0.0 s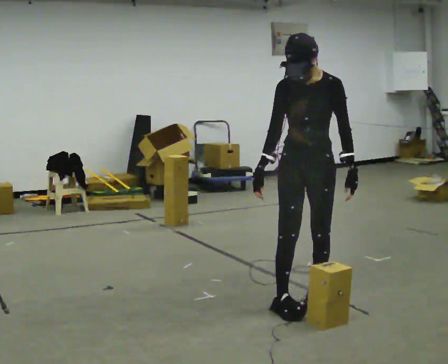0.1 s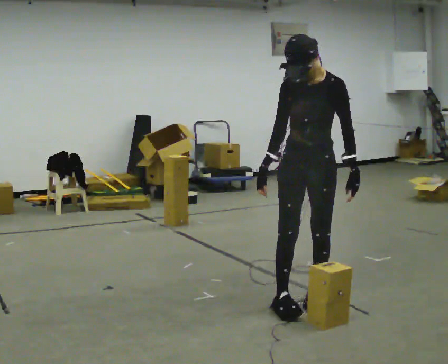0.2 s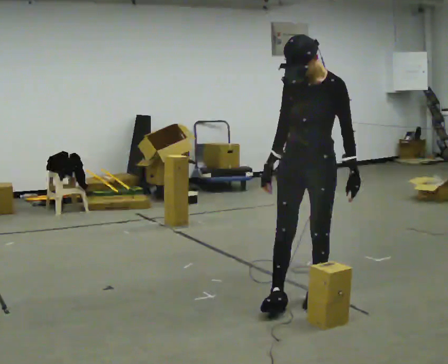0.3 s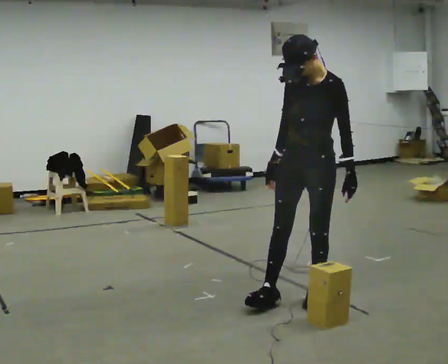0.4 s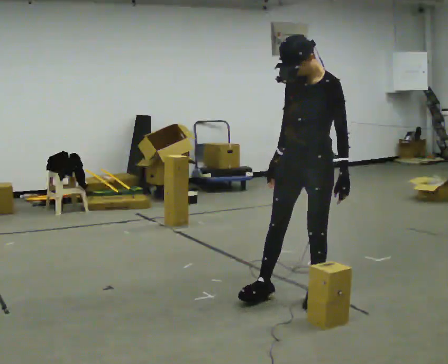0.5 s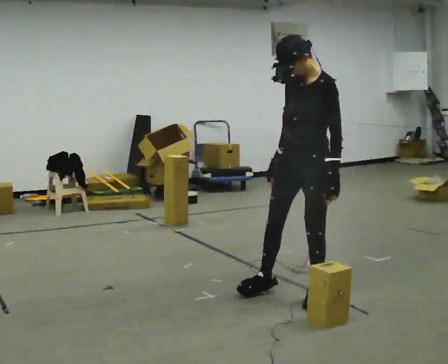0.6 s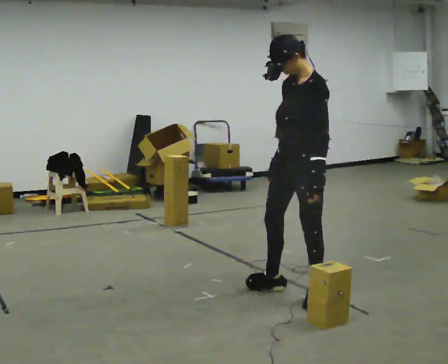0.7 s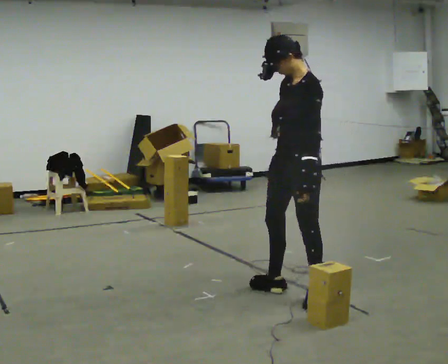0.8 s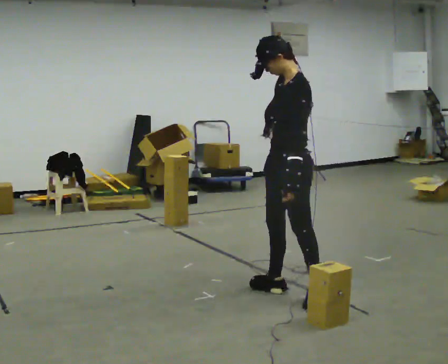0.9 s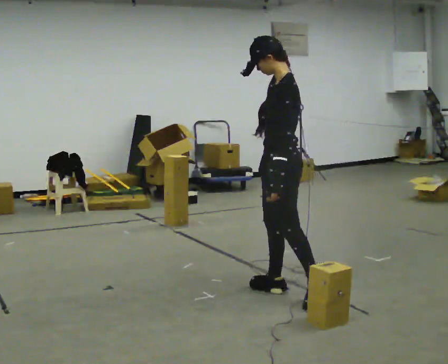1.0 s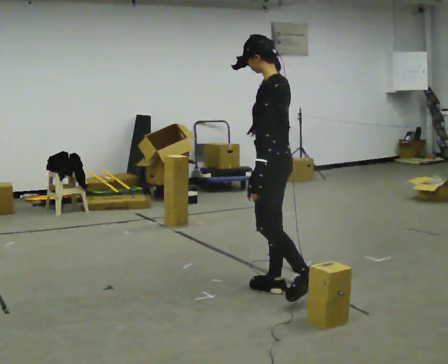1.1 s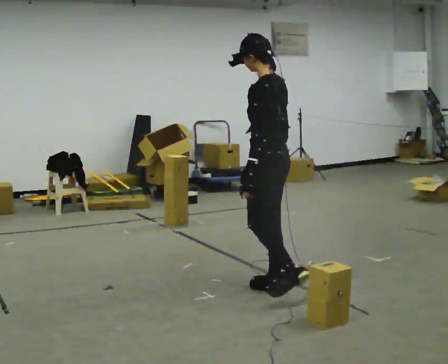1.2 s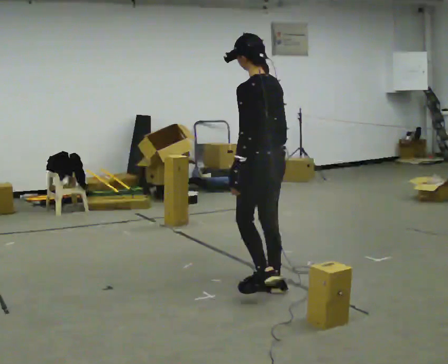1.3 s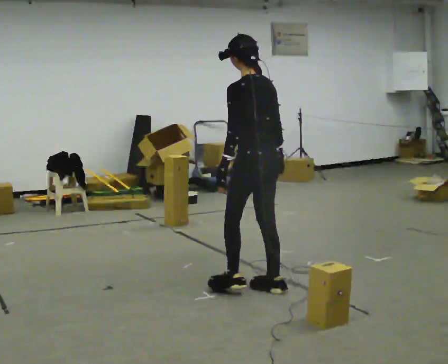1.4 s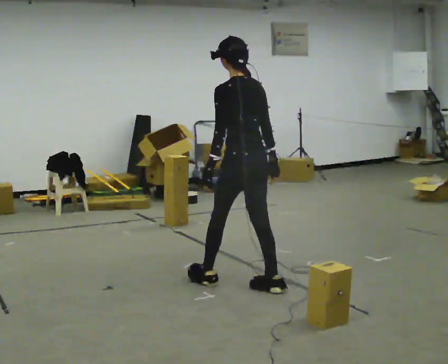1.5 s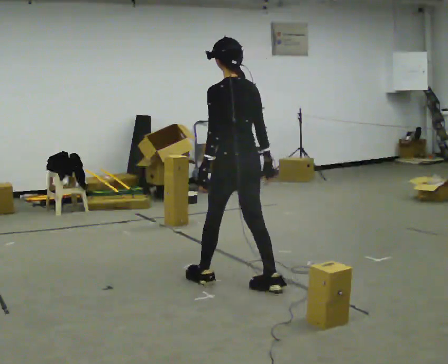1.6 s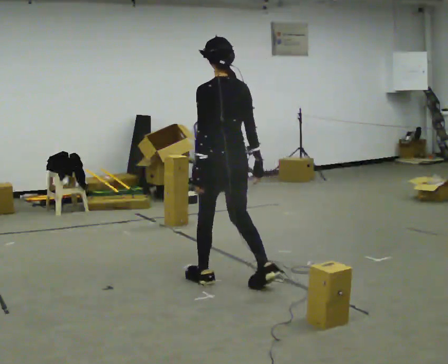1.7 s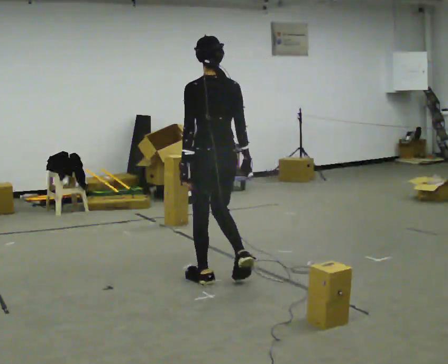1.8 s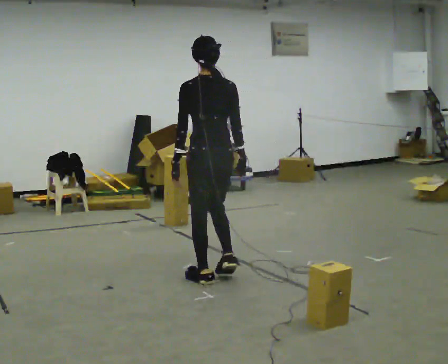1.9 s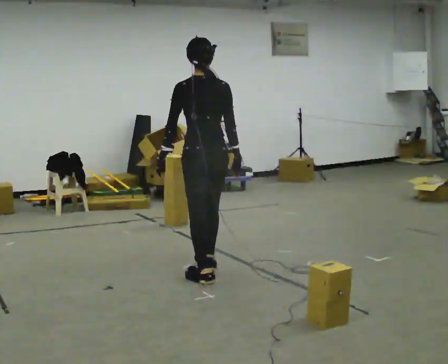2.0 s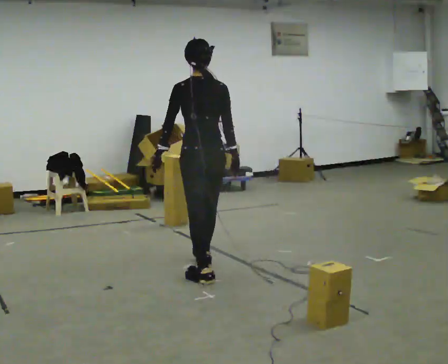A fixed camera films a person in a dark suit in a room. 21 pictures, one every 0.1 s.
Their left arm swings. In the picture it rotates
clockwise.
The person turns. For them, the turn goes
to their right.
0.0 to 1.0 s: Seen from above the body turns clockwise, about 105 degrees: to their right, with its near side sliding to the left. In the picture they go away from the camera and to the left, about 0.25 m in 1 step.
1.0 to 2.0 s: Seen from above the body turns clockwise, about 45 degrees: to their right, with its near side sliding to the left. In the picture they go to the left and away from the camera, about 0.5 m in 1 step, which for them is forward and to their left.
The film runs forward here.
